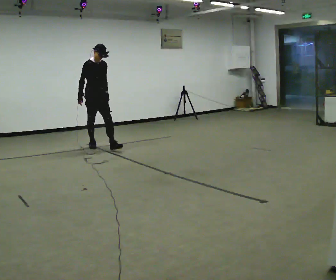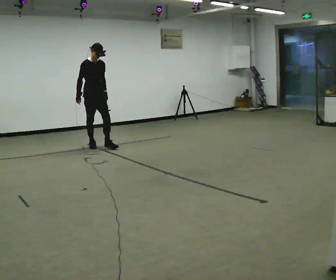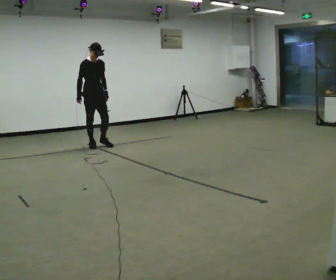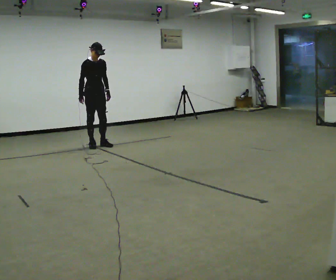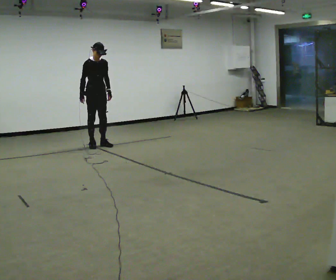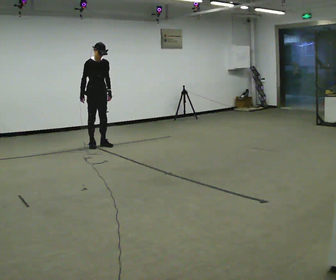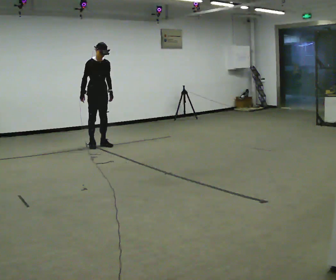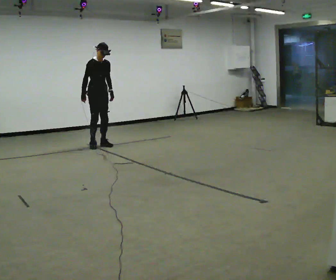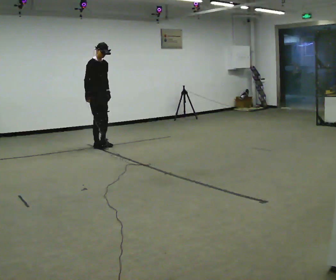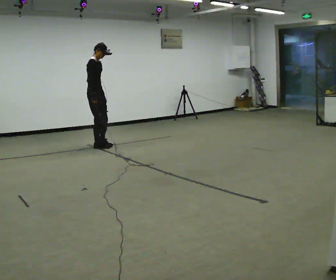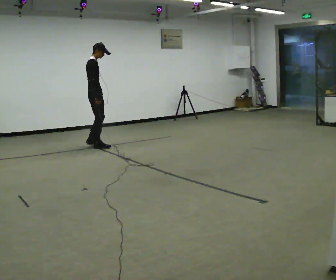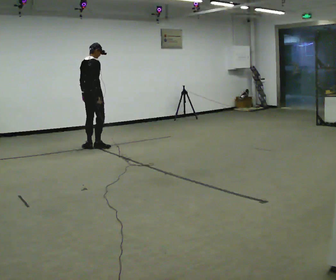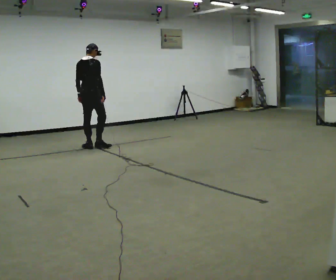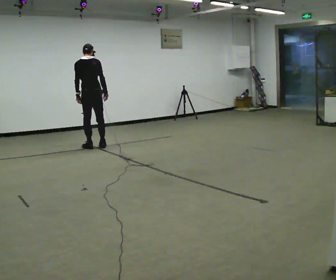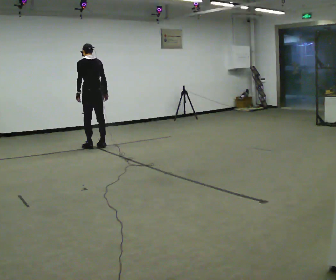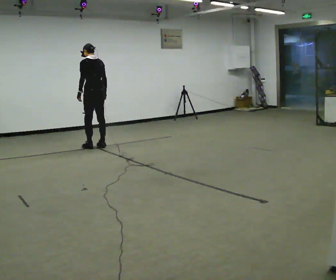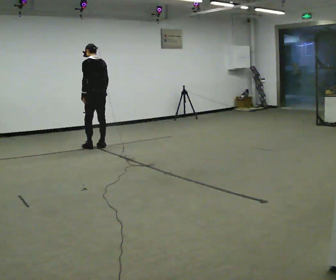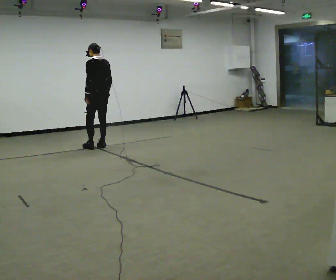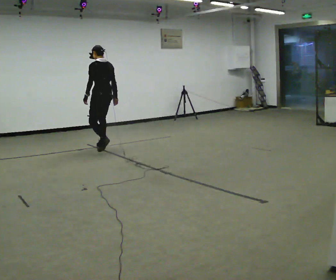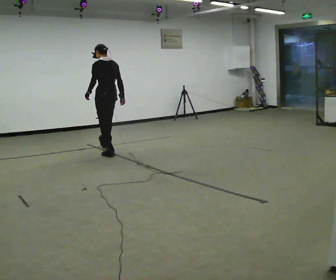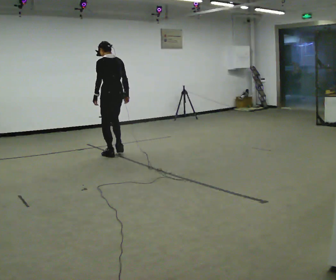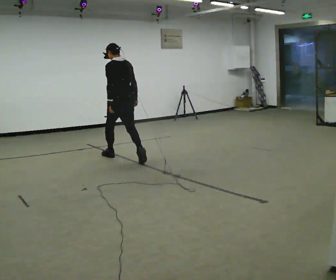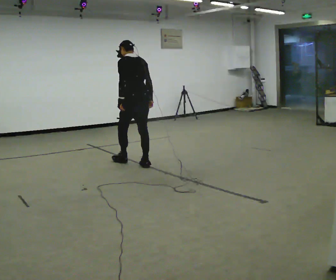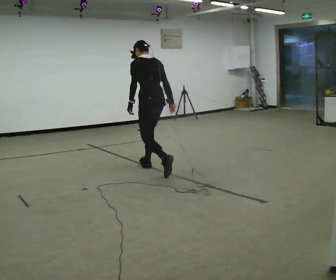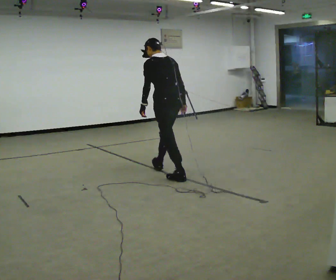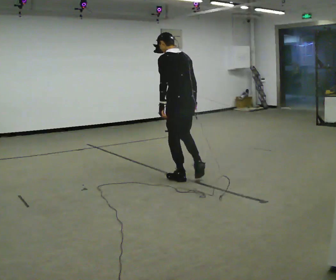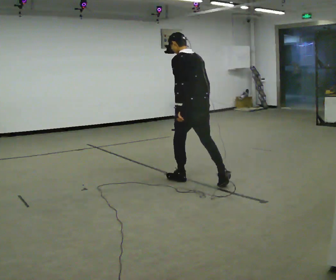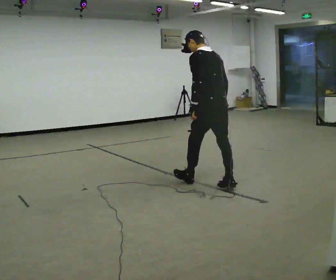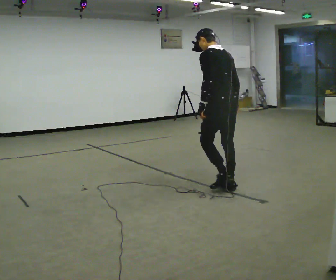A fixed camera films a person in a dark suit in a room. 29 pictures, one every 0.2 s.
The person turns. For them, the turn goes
to their left.
The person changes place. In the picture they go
toward the camera.
0.0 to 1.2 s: In the picture they go away from the camera, about 0.25 m, which for them is backward.
1.2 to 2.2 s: The part of the body nearest the lens slides to the right as the person turns to their left by about 105 degrees. In the picture they go toward the camera, about 0.25 m in 1 step. In the picture their right hand goes to the right.
2.2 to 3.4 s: The person turns about 75 degrees to their left, counterclockwise seen from above, so the part of the body nearest the lens slides to the right. In the picture they go to the right, about 0.25 m in 1 step.
3.4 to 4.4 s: In the picture they go toward the camera and to the right, about 1 m in 2 steps, which for them is backward.
4.4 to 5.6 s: In the picture they go toward the camera and to the right, about 1.5 m in 2 steps, which for them is backward.
The film runs backward here.
